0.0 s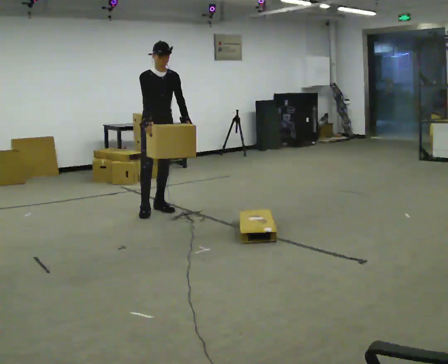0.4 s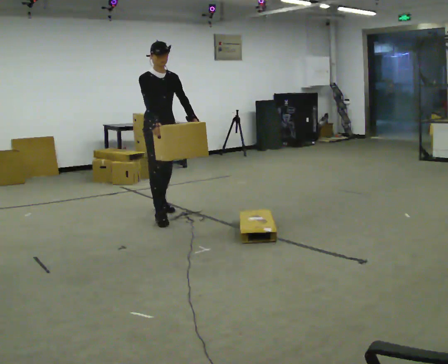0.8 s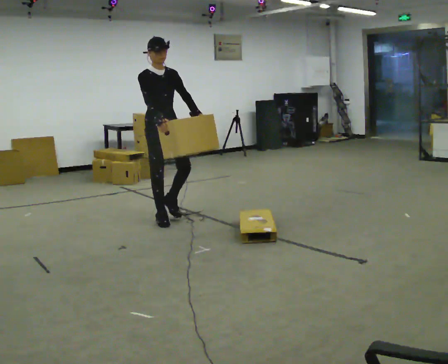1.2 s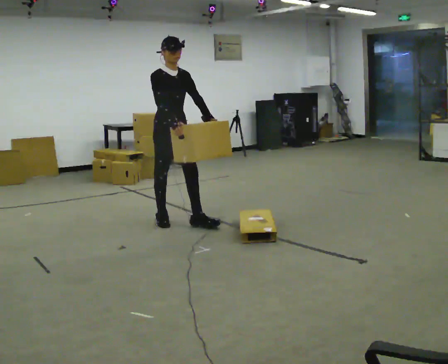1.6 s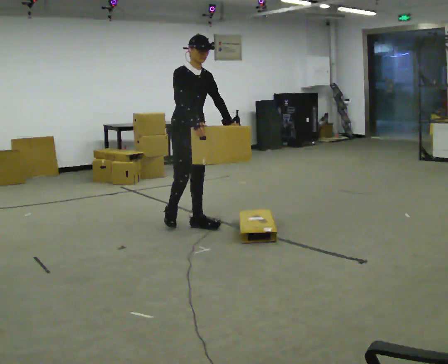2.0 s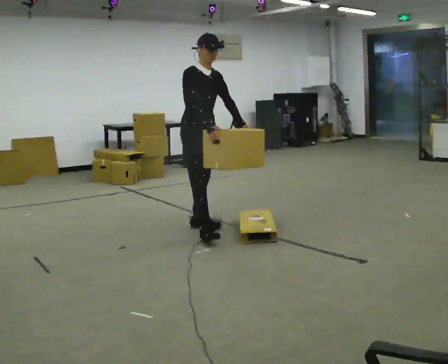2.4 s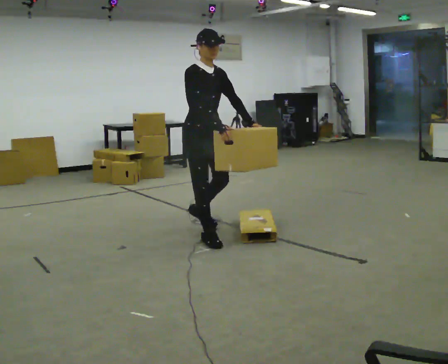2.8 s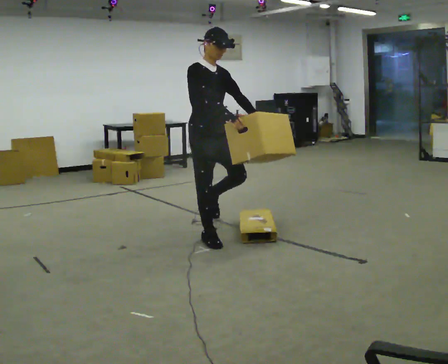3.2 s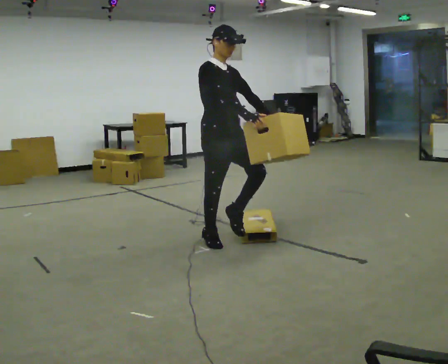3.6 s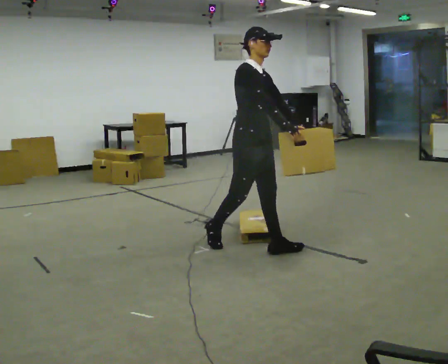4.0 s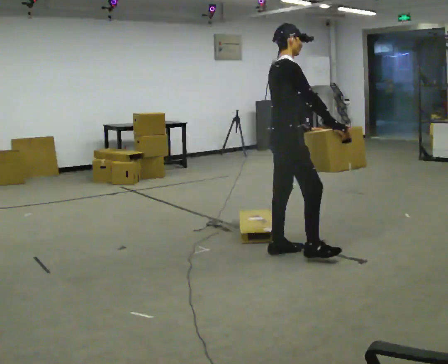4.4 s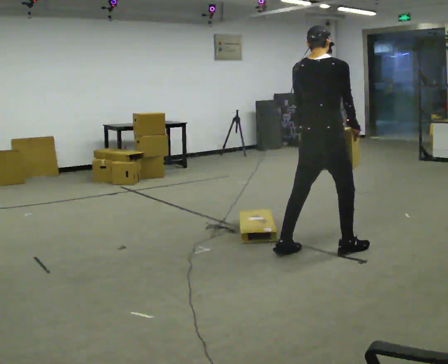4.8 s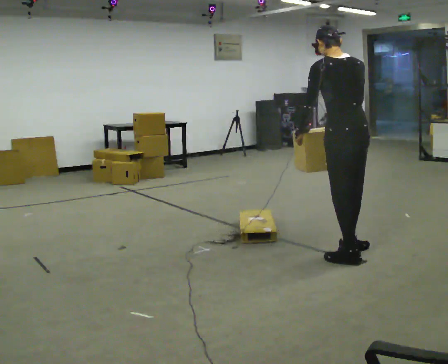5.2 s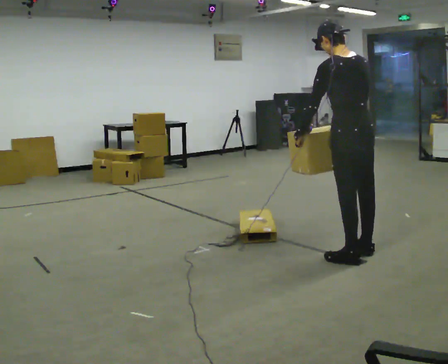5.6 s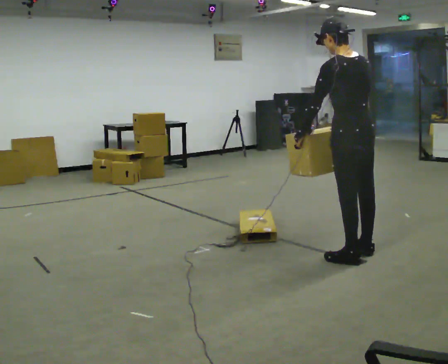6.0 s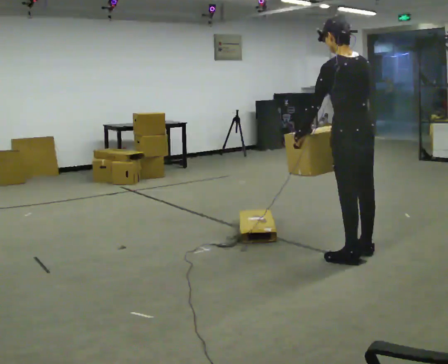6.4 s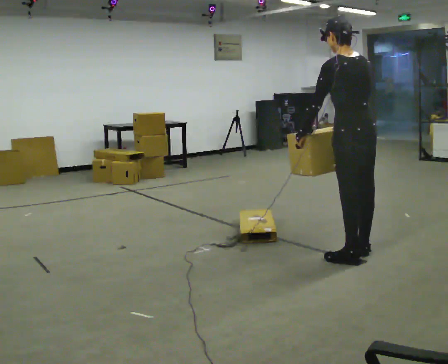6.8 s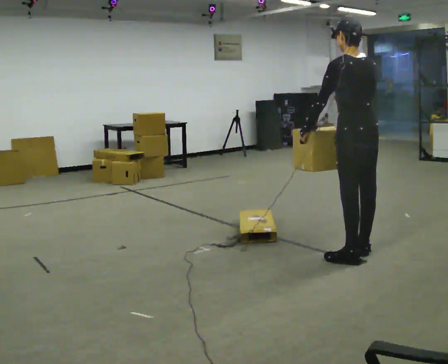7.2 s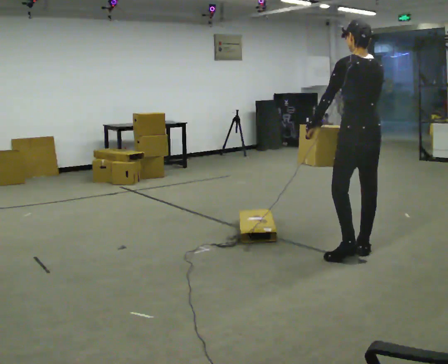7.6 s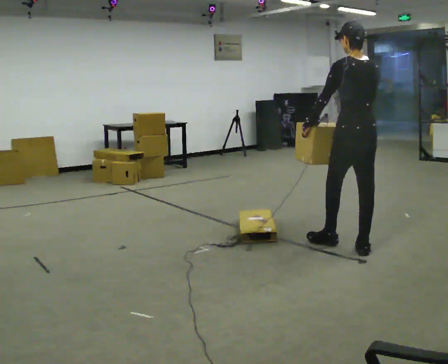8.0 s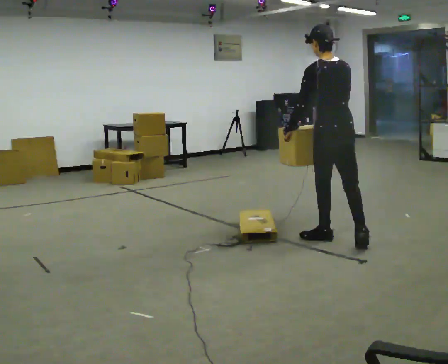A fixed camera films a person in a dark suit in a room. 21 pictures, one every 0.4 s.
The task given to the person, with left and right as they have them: Carry the box over the low sill without stopping, then bring it back over. Keep going until the operator says stop; one object at a time, and do not rush between trips.
0.0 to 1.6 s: In the picture they go toward the camera and to the right, about 0.75 m in 2 steps, which for them is forward.
1.6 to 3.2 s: In the picture they go toward the camera and to the right, about 0.75 m in 1 step, which for them is forward.
3.2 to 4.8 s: Seen from above the body turns counterclockwise, about 150 degrees: to their left, with its near side sliding to the right. In the picture they go to the right, about 1 m in 3 steps.
4.8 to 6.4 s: The person moves a little, or ends about where they began.
6.4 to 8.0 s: In the picture they go away from the camera and to the left, about 0.5 m in 1 step, which for them is forward.
The film runs forward here.
